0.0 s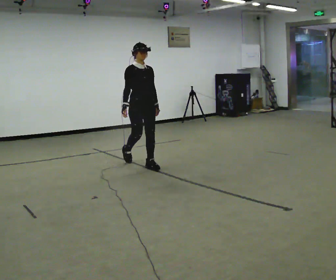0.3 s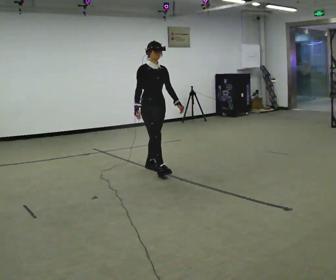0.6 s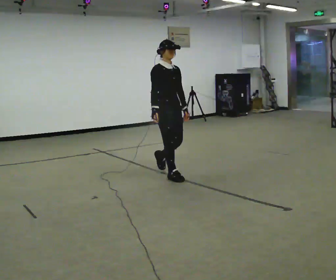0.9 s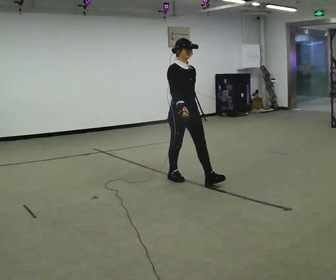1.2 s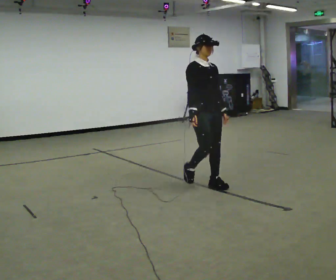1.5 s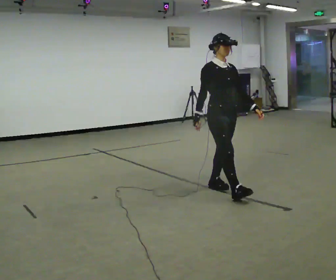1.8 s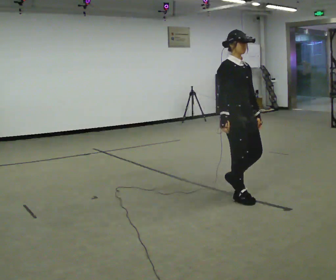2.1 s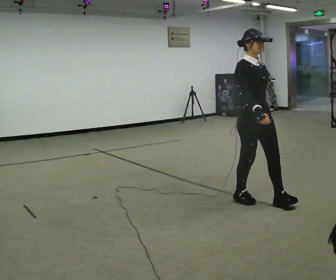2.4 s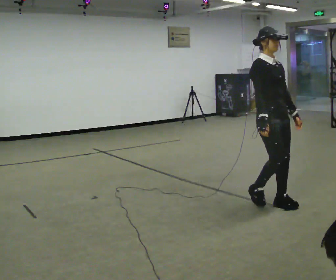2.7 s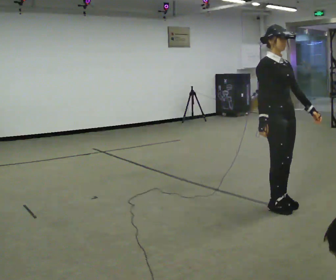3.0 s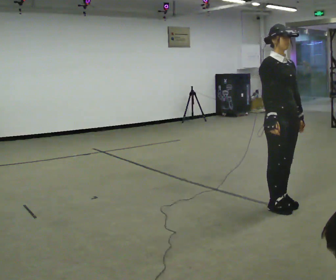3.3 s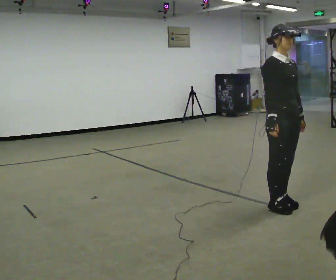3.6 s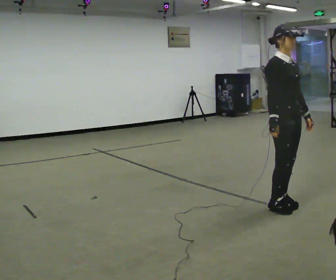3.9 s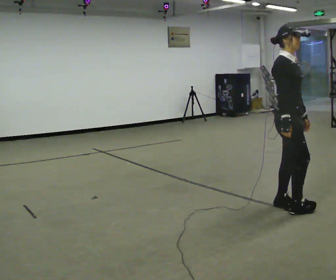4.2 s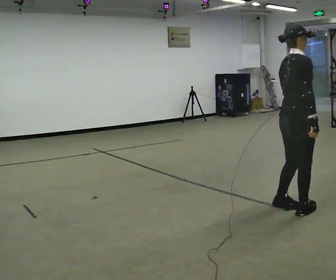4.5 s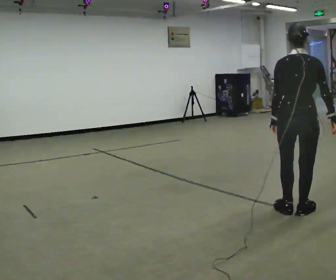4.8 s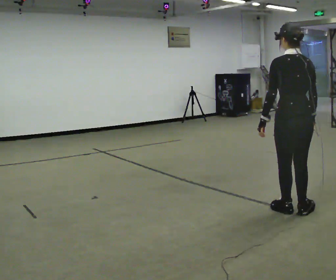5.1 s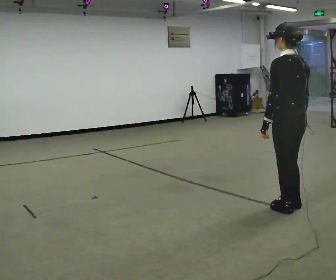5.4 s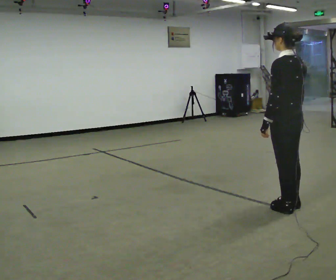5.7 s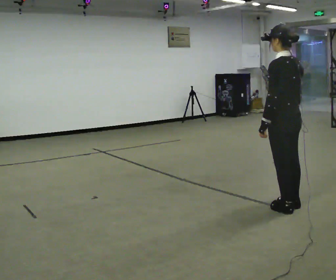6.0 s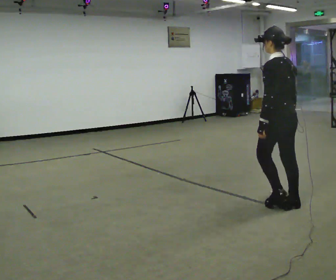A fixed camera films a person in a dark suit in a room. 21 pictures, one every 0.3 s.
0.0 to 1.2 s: In the picture they go to the right and toward the camera, about 1 m in 2 steps, which for them is forward.
1.2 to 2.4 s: In the picture they go to the right and toward the camera, about 1 m in 2 steps, which for them is forward.
2.4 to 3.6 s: The person moves a little, or ends about where they began.
3.6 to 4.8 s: The person turns about 150 degrees to their left, counterclockwise seen from above, so the part of the body nearest the lens slides to the right. In the picture they go toward the camera, about 0.25 m in 2 steps. In the picture their left hand goes to the left, the arm swinging clockwise.
4.8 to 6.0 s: The person turns about 30 degrees to their left, counterclockwise seen from above, so the part of the body nearest the lens slides to the right. In the picture they go away from the camera, about 0.25 m in 1 step, which for them is forward.
The film runs forward here.
